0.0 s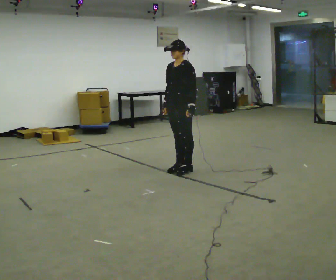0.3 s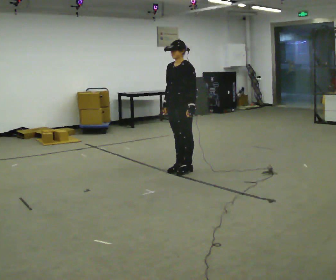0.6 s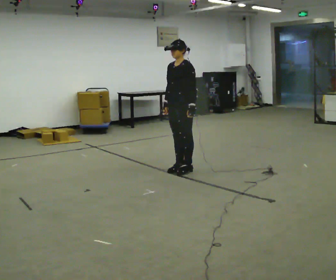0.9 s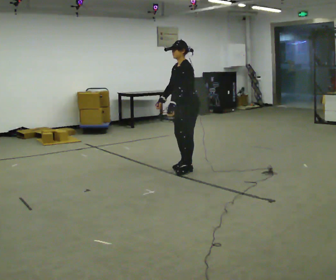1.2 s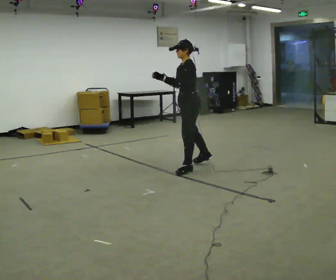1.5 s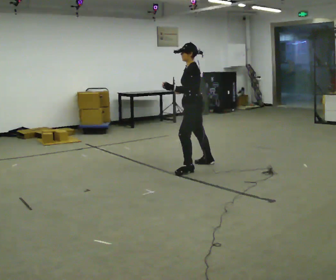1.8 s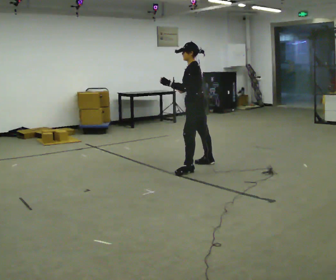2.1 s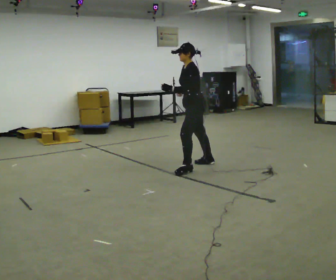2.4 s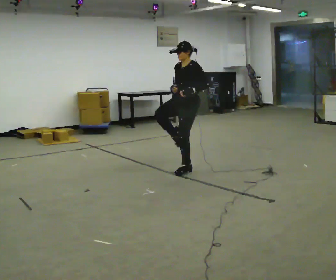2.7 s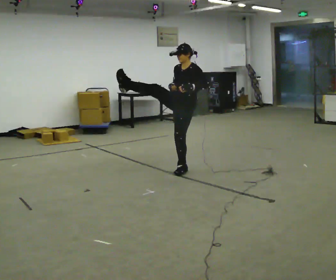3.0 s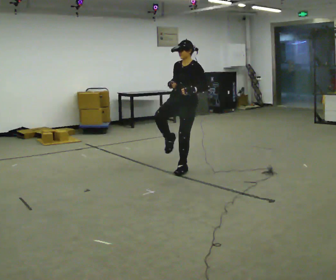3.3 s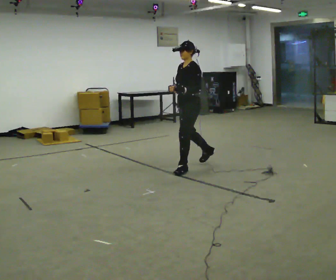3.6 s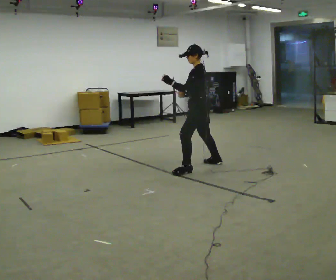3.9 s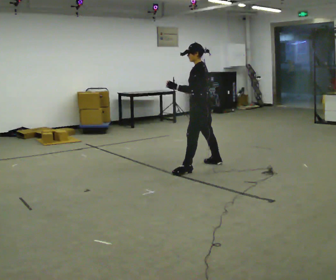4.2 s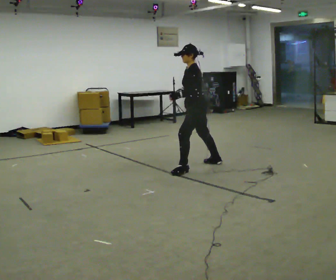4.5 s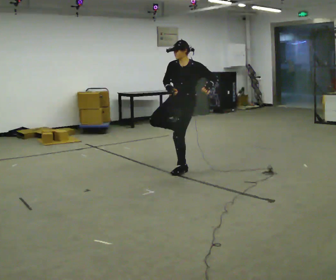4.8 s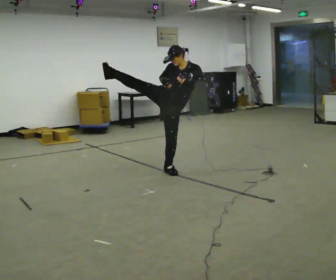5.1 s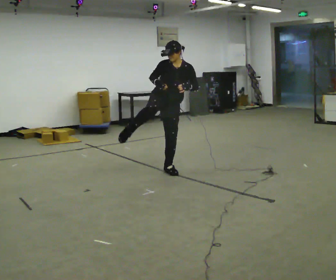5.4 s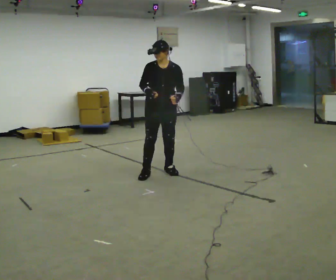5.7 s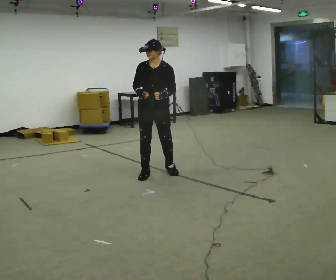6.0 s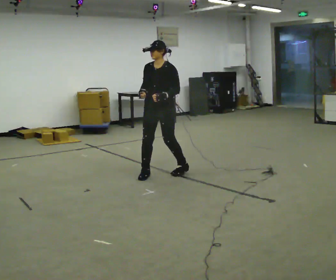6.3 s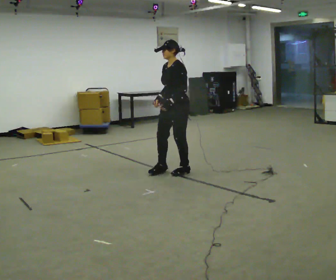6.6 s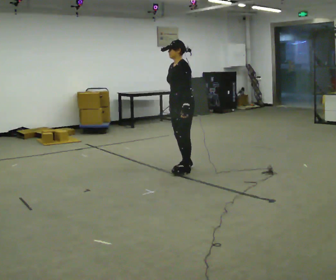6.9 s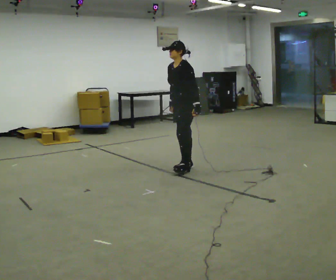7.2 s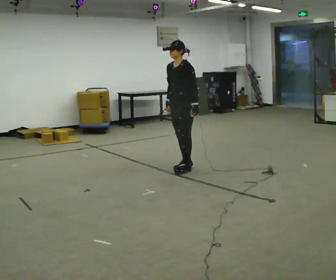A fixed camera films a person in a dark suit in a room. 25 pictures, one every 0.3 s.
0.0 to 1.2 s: The person turns about 30 degrees to their right, clockwise seen from above, so the part of the body nearest the lens slides to the left. In the picture their left hand goes to the left and upward, the arm swinging clockwise.
1.2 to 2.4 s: Seen from above the body turns counterclockwise, about 45 degrees: to their left, with its near side sliding to the right. In the picture their left hand goes to the right.
2.4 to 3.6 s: Seen from above the body turns clockwise, about 60 degrees: to their right, with its near side sliding to the left. In the picture they go to the right, about 0.25 m.
3.6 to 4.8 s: The part of the body nearest the lens slides to the right as the person turns to their left by about 75 degrees. In the picture they go to the left, about 0.25 m in 1 step. In the picture the upper body tilts clockwise, shoulders to the right.
4.8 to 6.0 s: In the picture they go toward the camera and to the left, about 0.25 m in 1 step, which for them is to their right and forward.
6.0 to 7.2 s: In the picture they go to the right and away from the camera, about 0.25 m in 2 steps, which for them is backward.
The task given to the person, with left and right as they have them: Kick into the air with each leg in turn, front kicks and side kicks, at a comfortable height. Repeat the movement at your own pace until the operator says stop; do not rush.
The film runs forward here.
